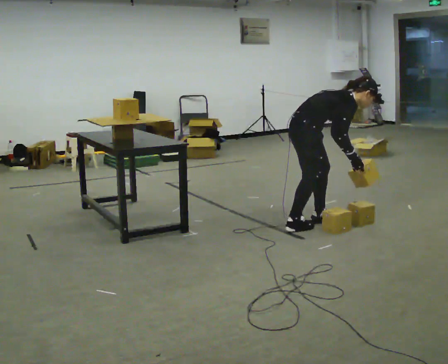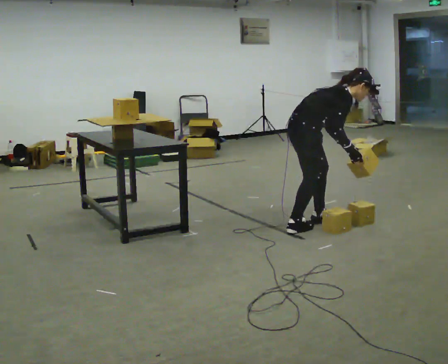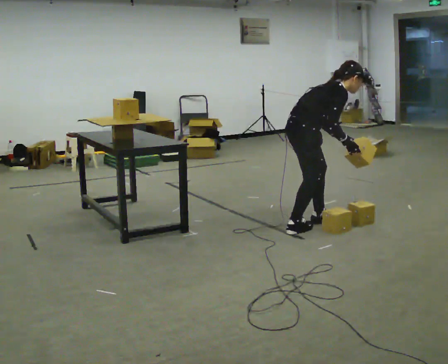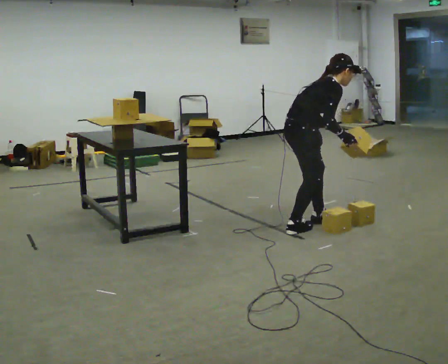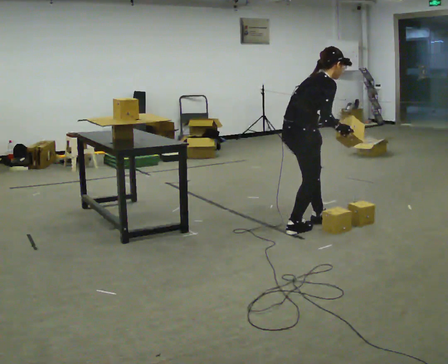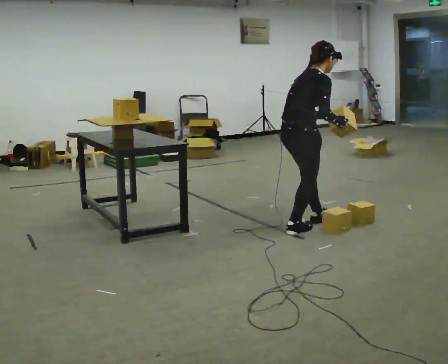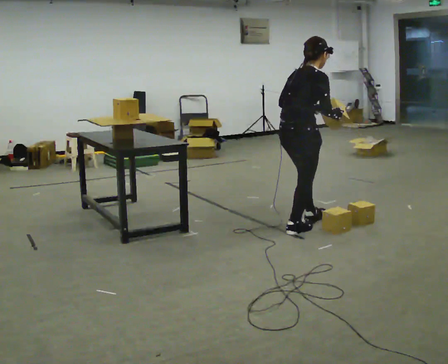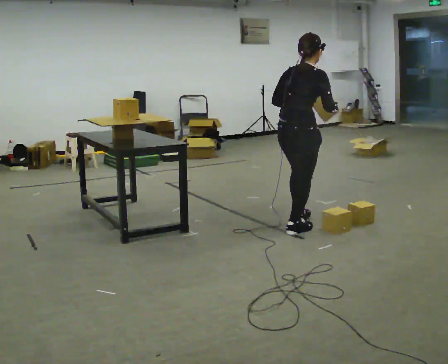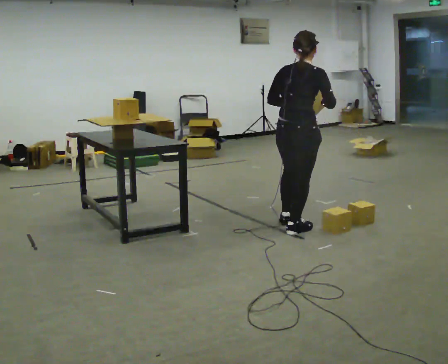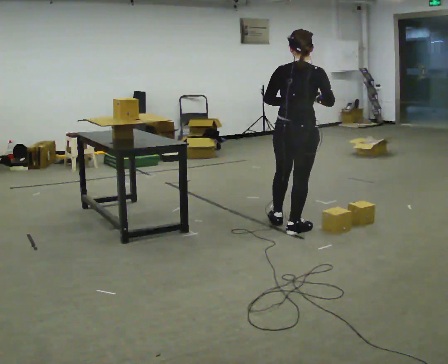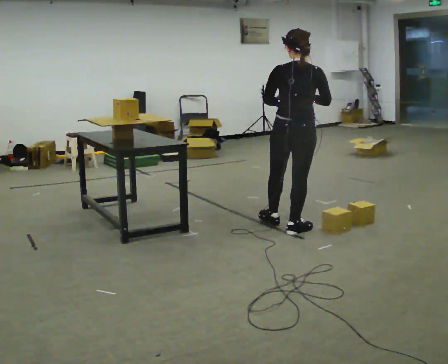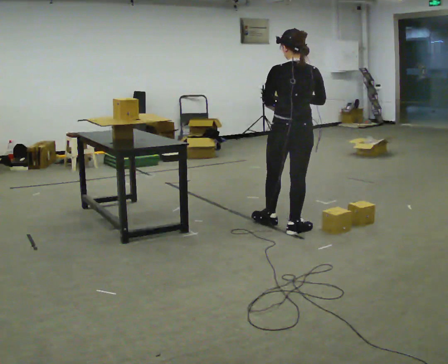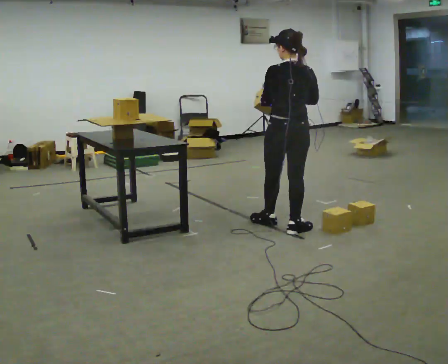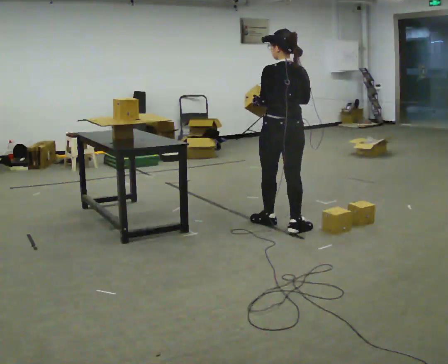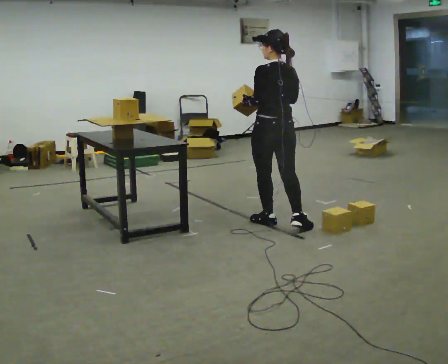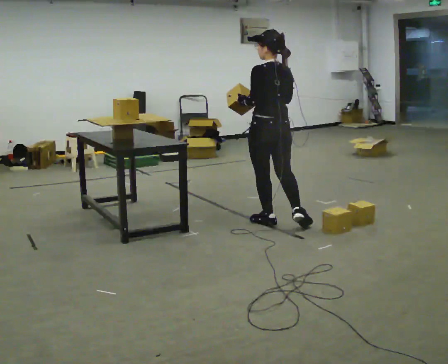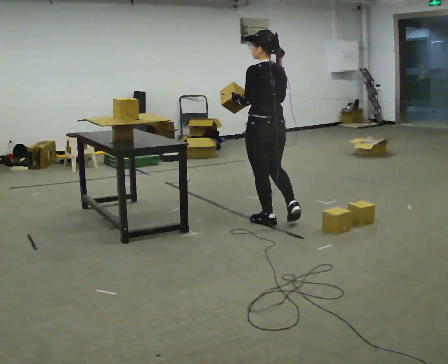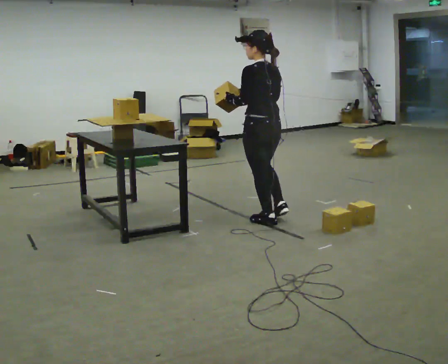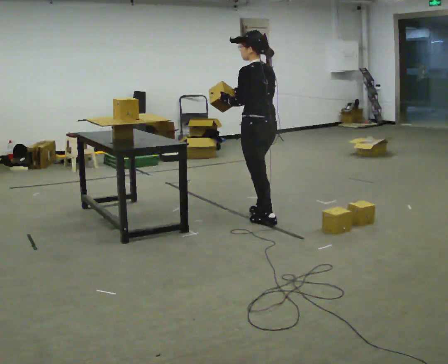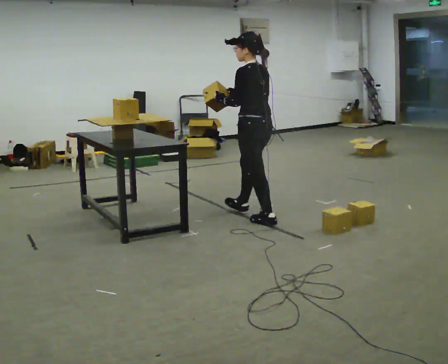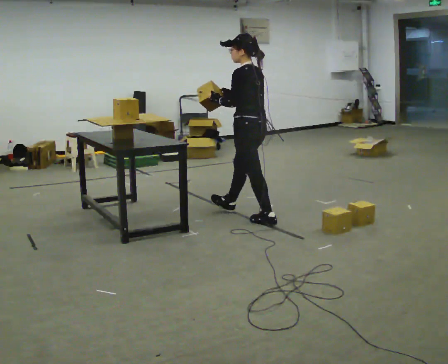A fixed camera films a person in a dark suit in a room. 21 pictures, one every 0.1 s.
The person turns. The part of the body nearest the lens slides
to the right.
Their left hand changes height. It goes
upward.
0.0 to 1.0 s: The person turns about 90 degrees to their left, counterclockwise seen from above, so the part of the body nearest the lens slides to the right. In the picture they go toward the camera, about 0.25 m in 2 steps. The shoulders move upward. In the picture the upper body tilts counterclockwise, shoulders to the left, as they lean back or straighten. In the picture their right hand goes upward and to the left.
1.0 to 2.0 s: The part of the body nearest the lens slides to the right as the person turns to their left by about 75 degrees. In the picture they go to the left and away from the camera, about 0.5 m.
The film runs forward here.
